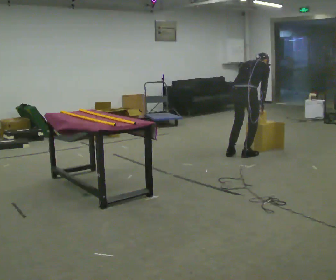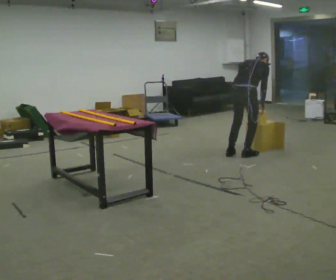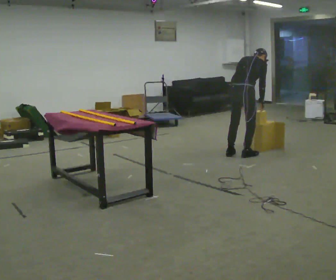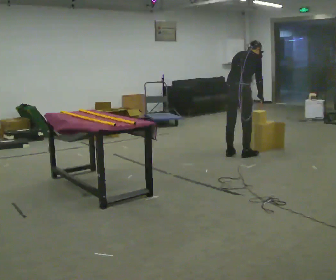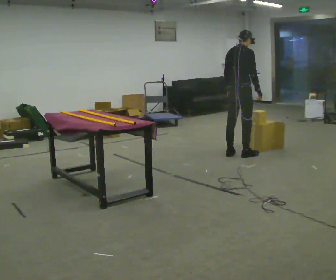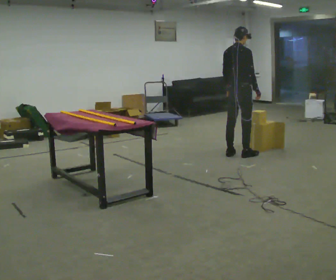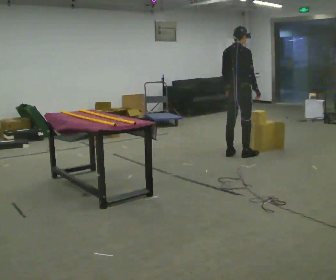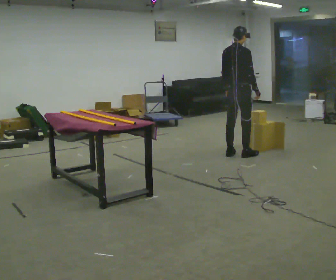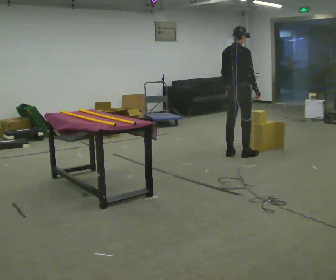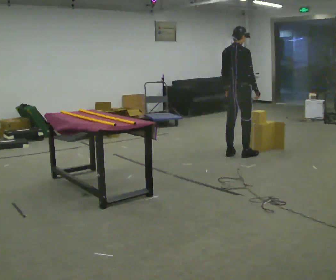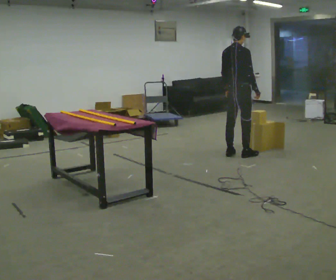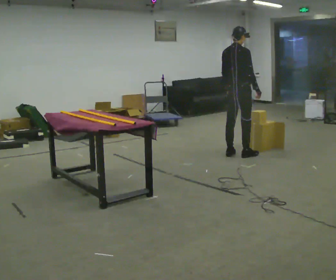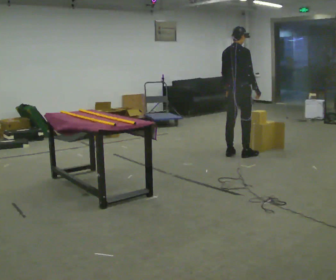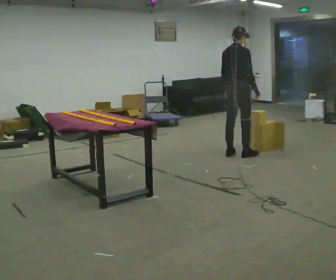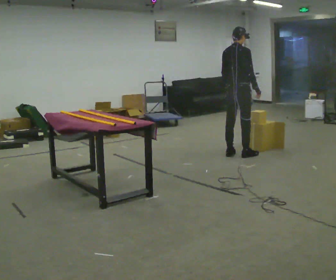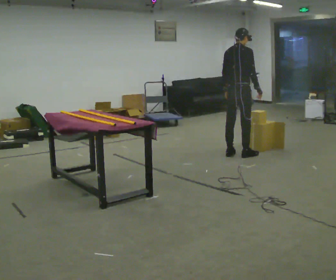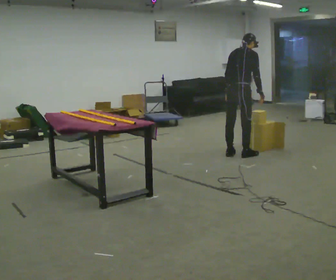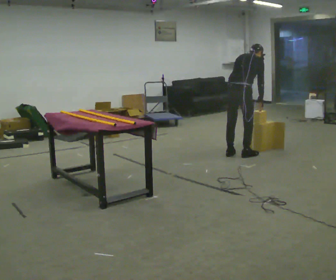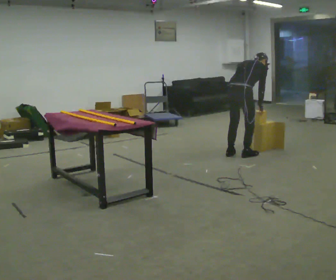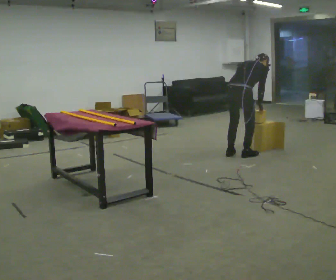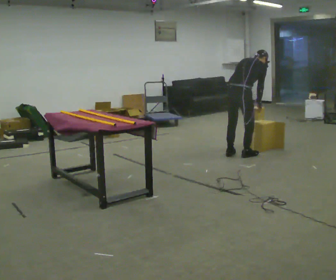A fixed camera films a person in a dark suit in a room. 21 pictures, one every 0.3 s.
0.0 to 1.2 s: The upper body goes upward. The upper body tips toward the camera, its near side rolling downward, as they lean back or straighten.
1.2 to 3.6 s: The person moves a little, or ends about where they began.
3.6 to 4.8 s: The upper body tips away from the camera, its near side rolling upward, as they bend forward.
4.8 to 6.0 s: In the picture the upper body tilts clockwise, shoulders to the right.
The film runs backward here.
